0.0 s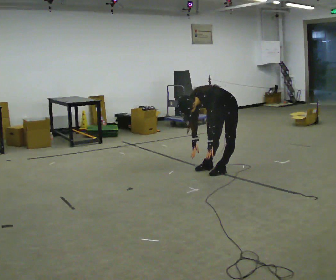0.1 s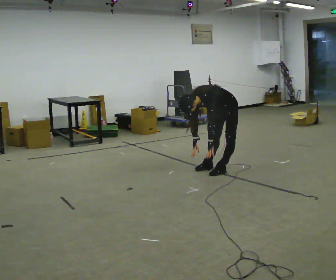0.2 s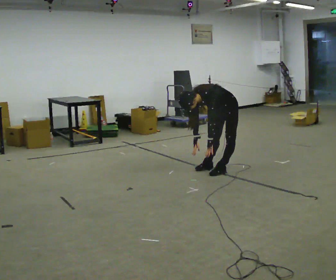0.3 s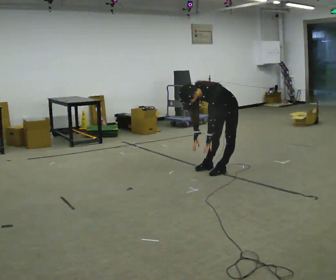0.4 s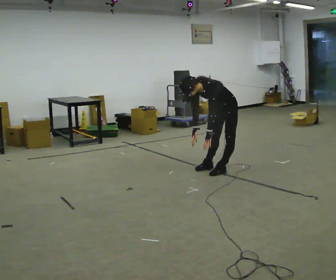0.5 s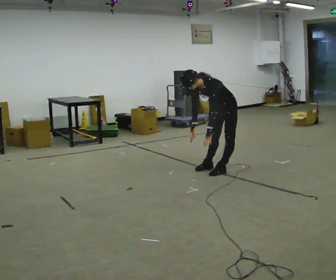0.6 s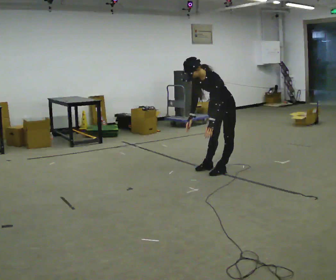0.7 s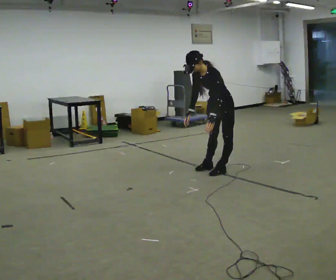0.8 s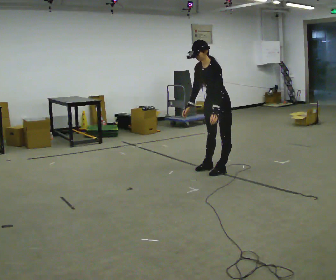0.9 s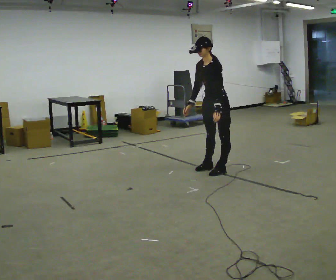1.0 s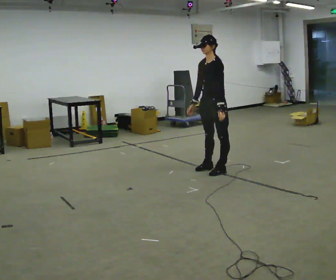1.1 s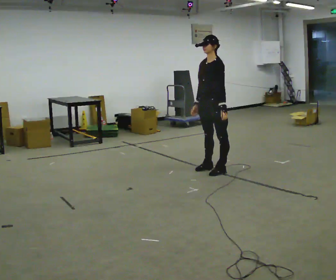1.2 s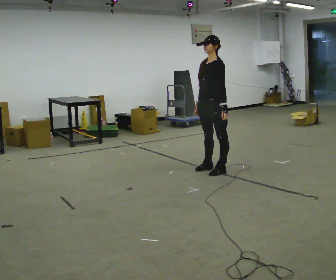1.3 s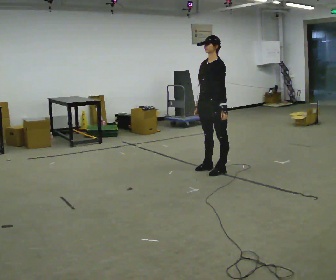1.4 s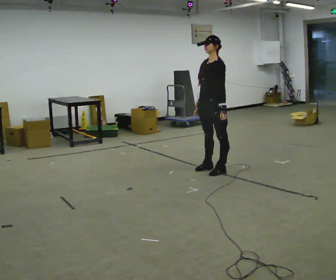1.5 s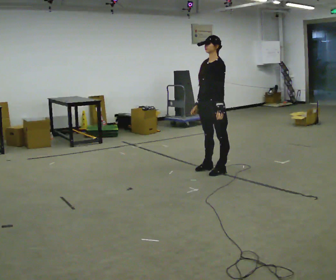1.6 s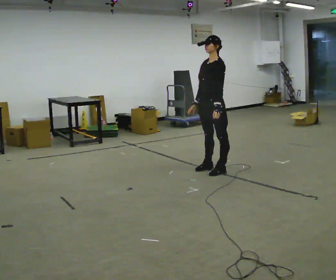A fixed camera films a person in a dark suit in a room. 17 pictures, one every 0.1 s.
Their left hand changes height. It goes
upward.
The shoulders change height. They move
upward.
0.0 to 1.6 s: In the picture they go to the left, about 0.25 m, which for them is forward. The shoulders move upward. In the picture the upper body tilts clockwise, shoulders to the right, as they lean back or straighten. In the picture their left hand goes upward.
The film runs backward here.
